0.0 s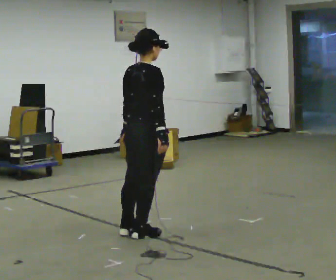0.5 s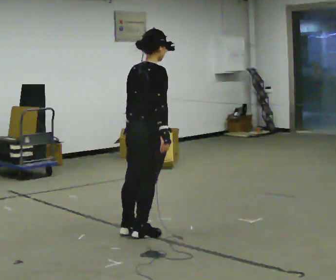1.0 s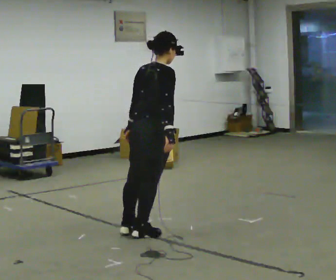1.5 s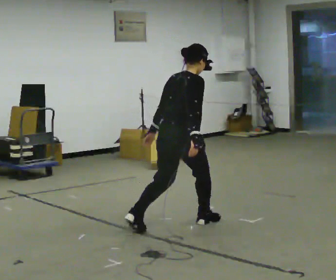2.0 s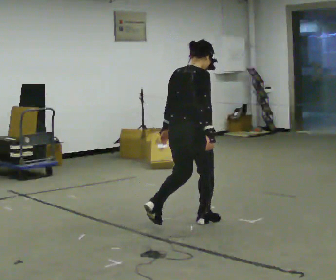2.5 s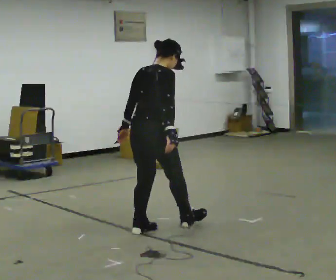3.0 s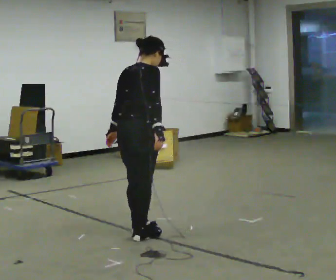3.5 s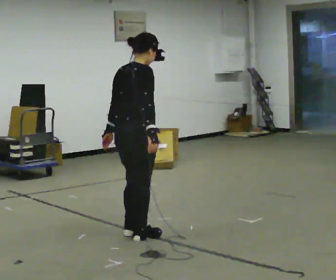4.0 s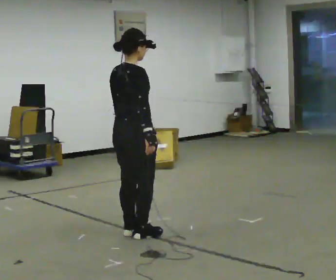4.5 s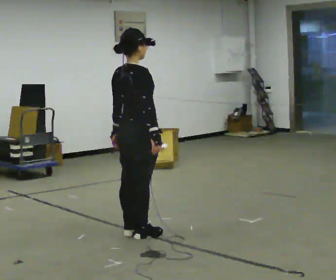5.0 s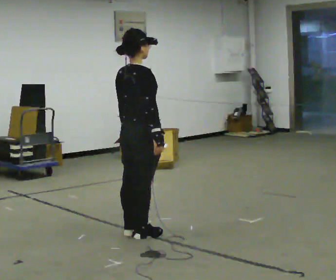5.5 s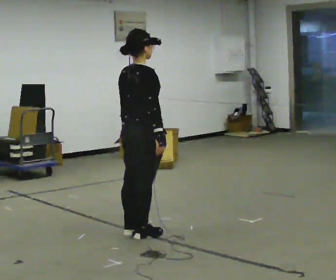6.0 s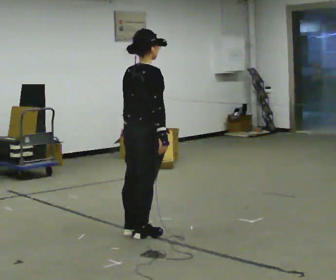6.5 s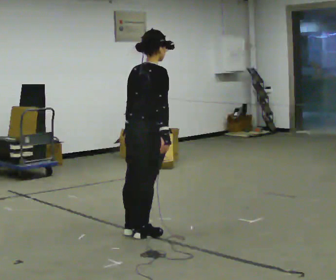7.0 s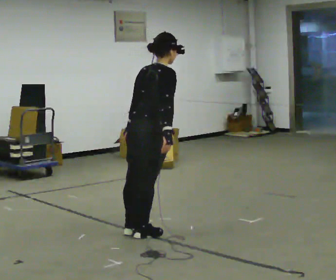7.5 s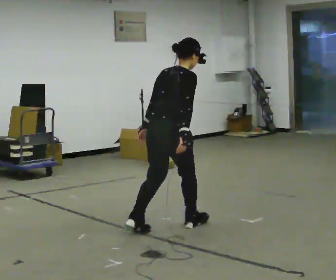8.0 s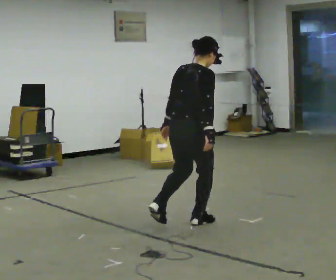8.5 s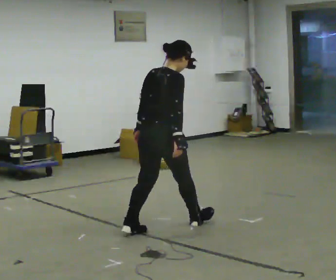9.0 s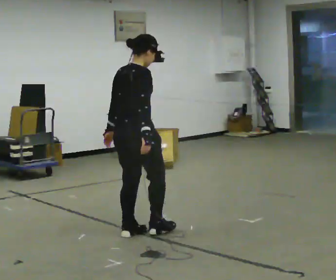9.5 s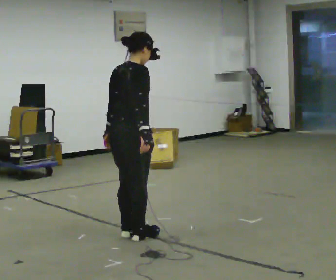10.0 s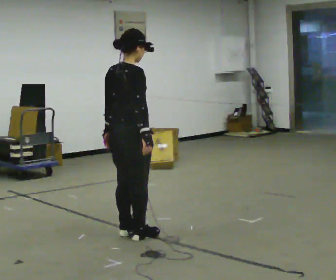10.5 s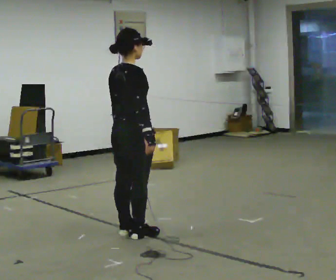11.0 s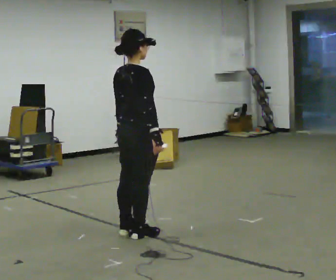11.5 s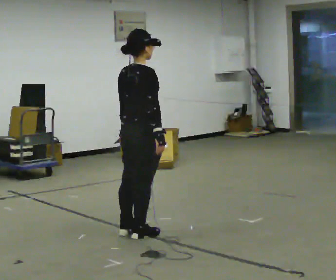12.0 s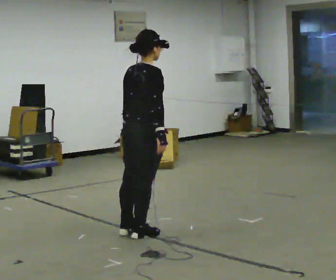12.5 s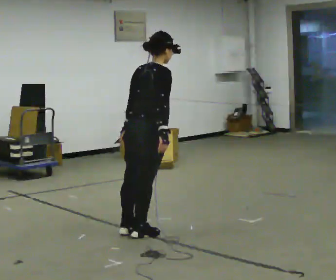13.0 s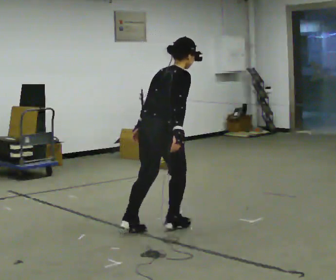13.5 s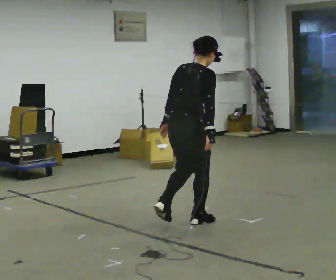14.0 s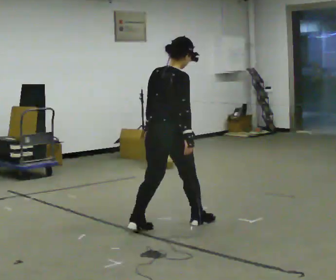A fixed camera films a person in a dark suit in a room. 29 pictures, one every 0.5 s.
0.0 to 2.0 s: In the picture they go to the right and away from the camera, about 0.5 m in 2 steps, which for them is forward.
2.0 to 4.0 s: In the picture they go to the left and toward the camera, about 0.5 m in 2 steps, which for them is backward.
4.0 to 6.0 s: The person moves a little, or ends about where they began.
6.0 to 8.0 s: In the picture they go to the right and away from the camera, about 0.5 m in 2 steps, which for them is forward.
8.0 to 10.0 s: In the picture they go to the left and toward the camera, about 0.5 m in 2 steps, which for them is backward.
10.0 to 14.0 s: In the picture they go to the right and away from the camera, about 0.25 m in 3 steps, which for them is forward.
The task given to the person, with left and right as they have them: Stand on the marked spots with your feet together. Lean forward from the ankles, keeping your body straight, until you cannot hold it any longer, then step forward to catch yourself. Return to the spots. Repeat at your own pace until the operator says stop. Go slowly and only as far as you are comfortable. Step whenever you need to; do not try to hold on longer than feels safe.
The film runs forward here.
